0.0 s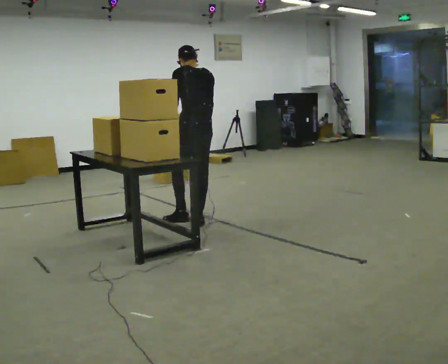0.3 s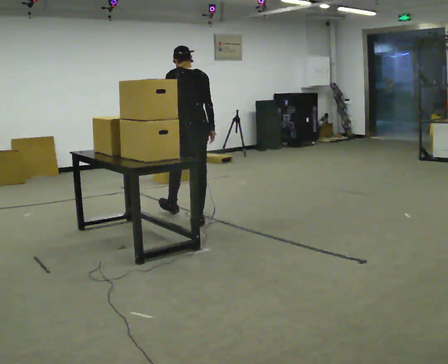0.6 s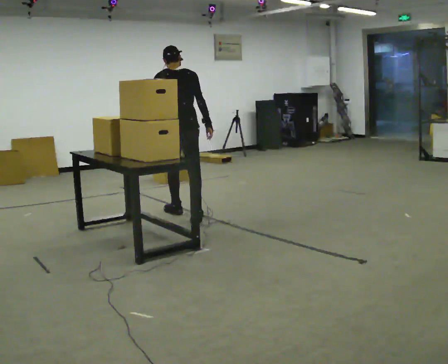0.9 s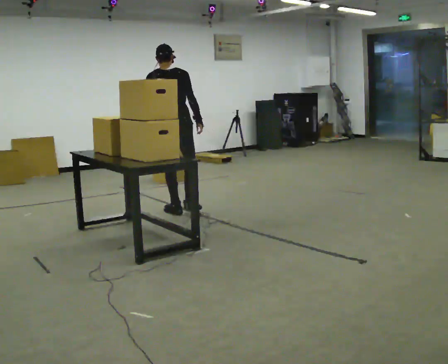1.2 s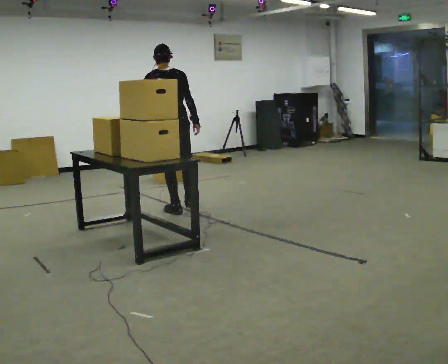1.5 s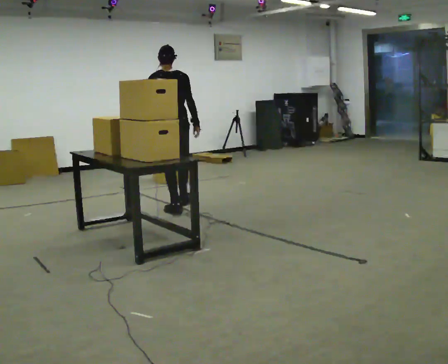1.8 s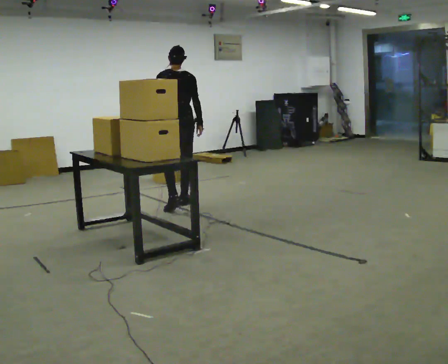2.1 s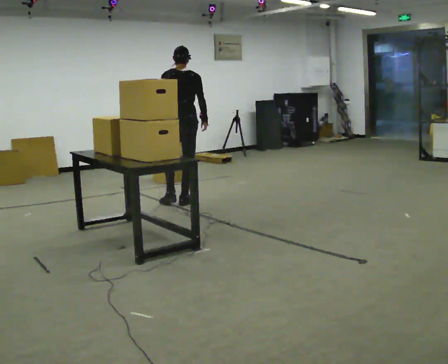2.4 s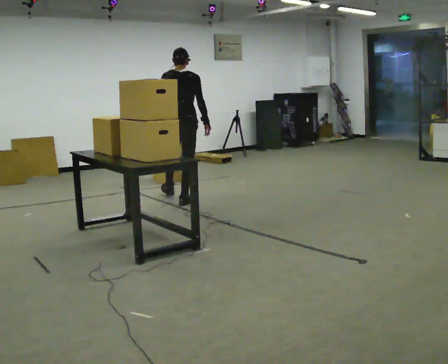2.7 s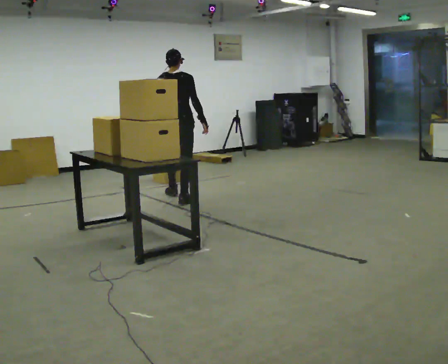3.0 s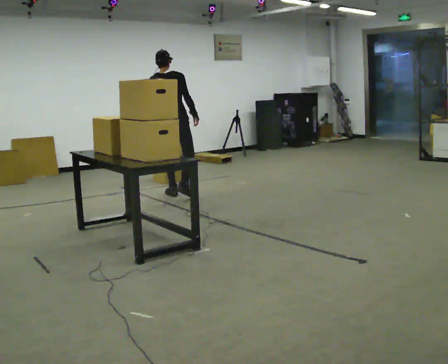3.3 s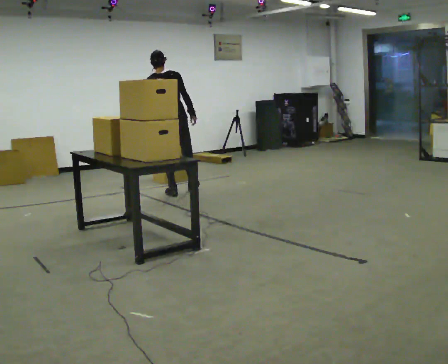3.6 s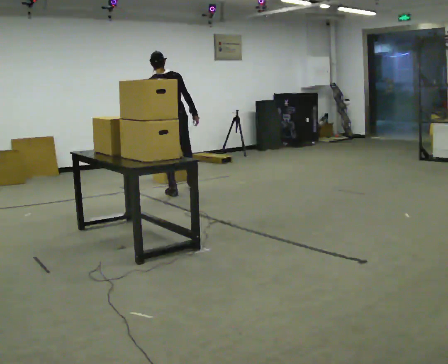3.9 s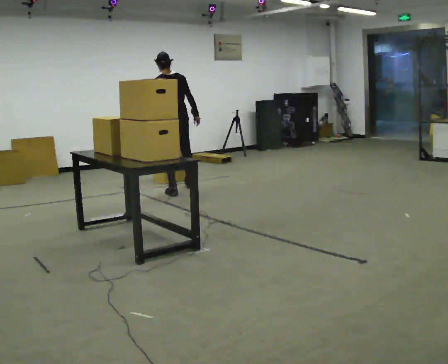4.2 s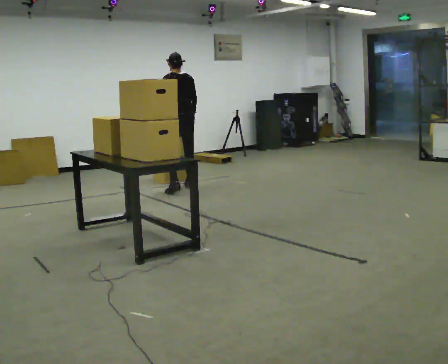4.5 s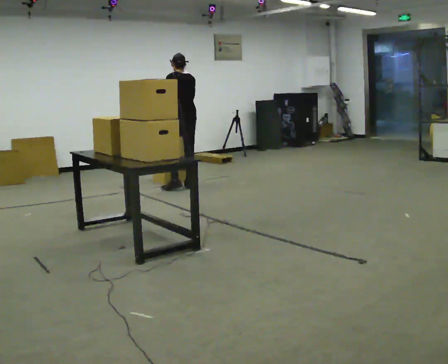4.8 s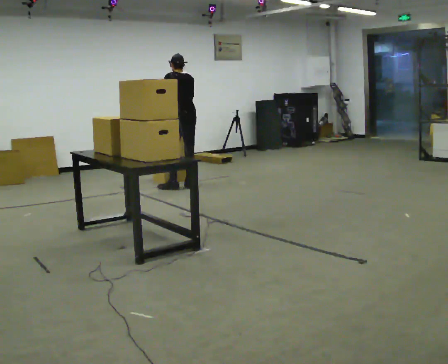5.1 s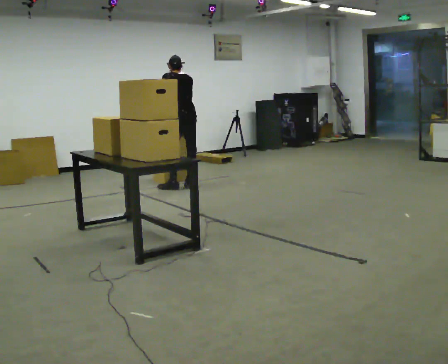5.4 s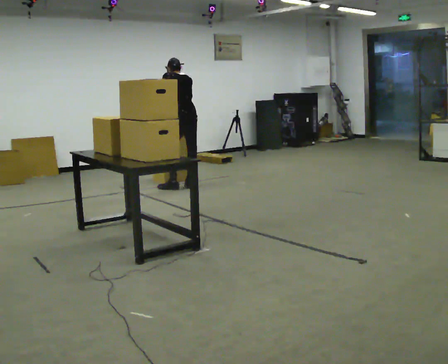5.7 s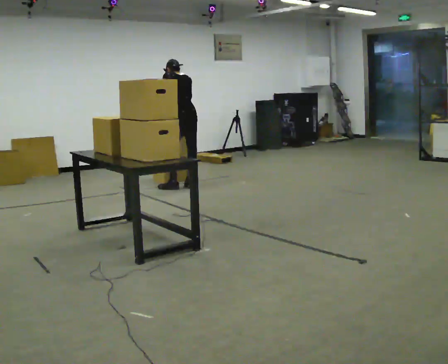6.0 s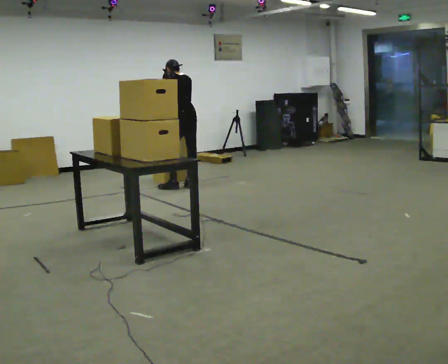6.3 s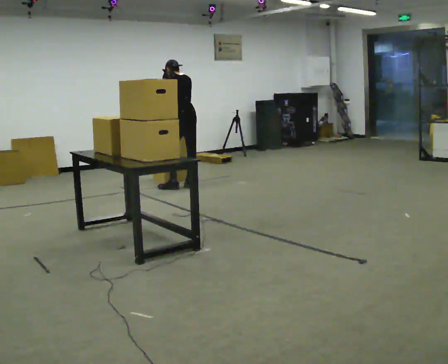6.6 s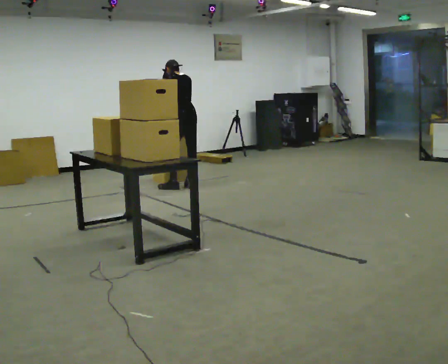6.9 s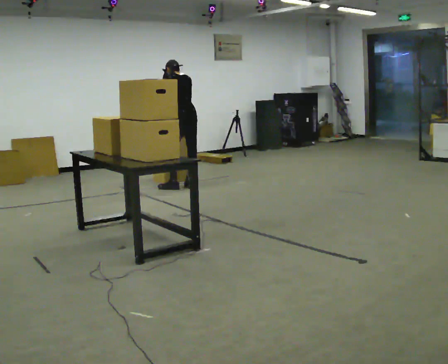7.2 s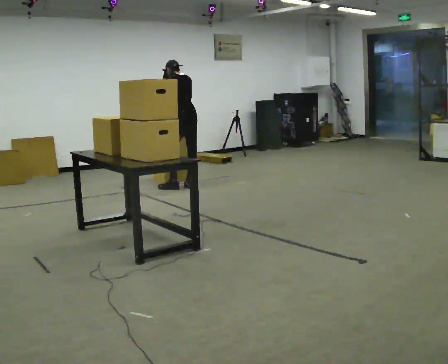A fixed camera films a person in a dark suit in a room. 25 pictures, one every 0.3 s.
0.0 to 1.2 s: In the picture they go away from the camera and to the left, about 0.5 m in 1 step, which for them is forward and to their left.
1.2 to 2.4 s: In the picture they go away from the camera, about 0.5 m in 1 step, which for them is forward and to their right.
2.4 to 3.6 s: In the picture they go away from the camera, about 0.5 m in 1 step, which for them is forward.
3.6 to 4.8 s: In the picture they go away from the camera and to the right, about 0.25 m in 2 steps, which for them is to their right and forward.
4.8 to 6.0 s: The person moves a little, or ends about where they began.
6.0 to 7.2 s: The person keeps their place and pose.
The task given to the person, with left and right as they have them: Bring the boxes over one at a time and stack them on top of each other, walking back for each one. Keep going until the operator says stop; one object at a time, and do not rush between trips.
The film runs forward here.
